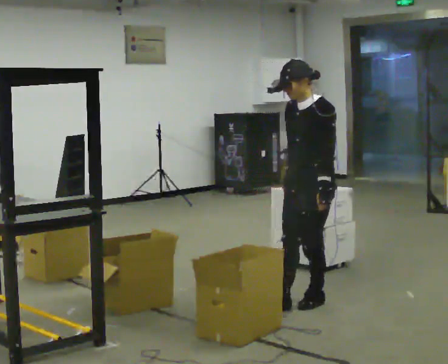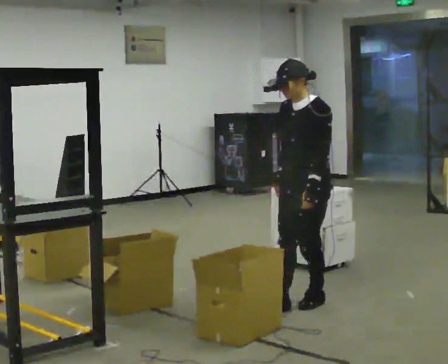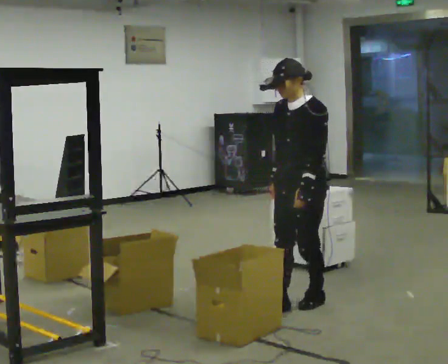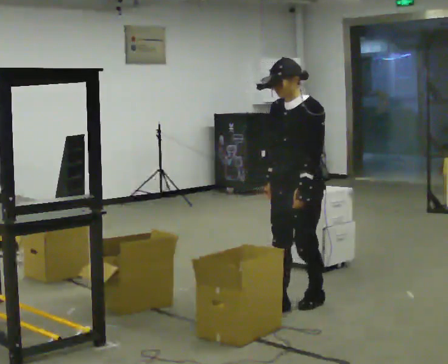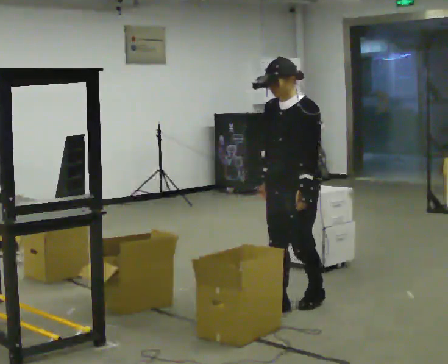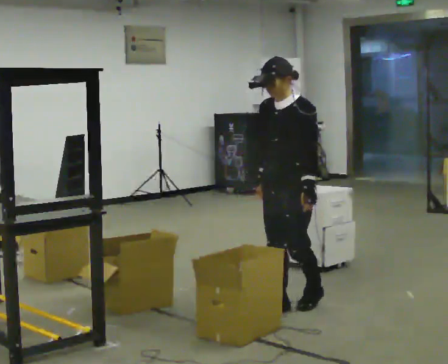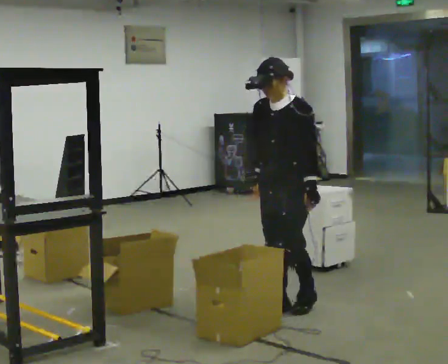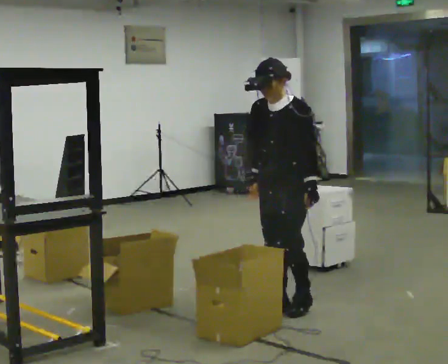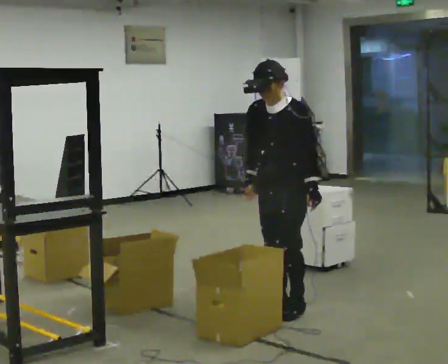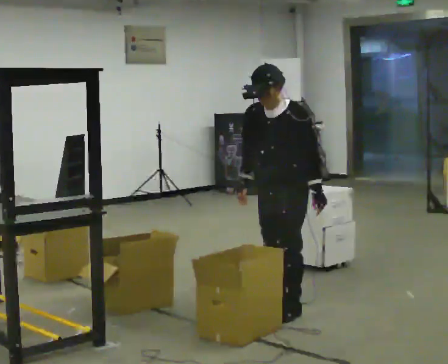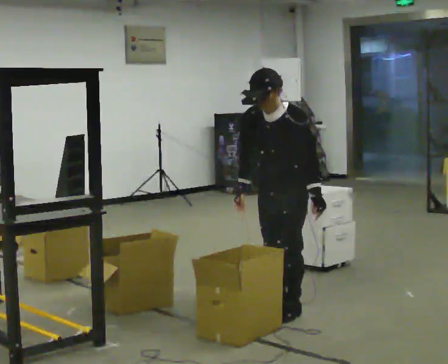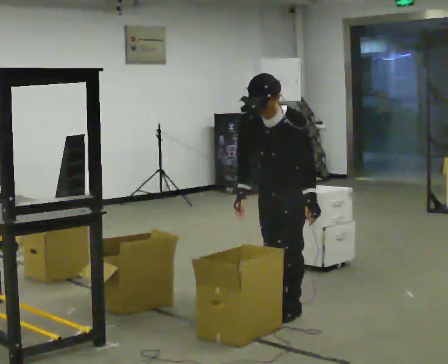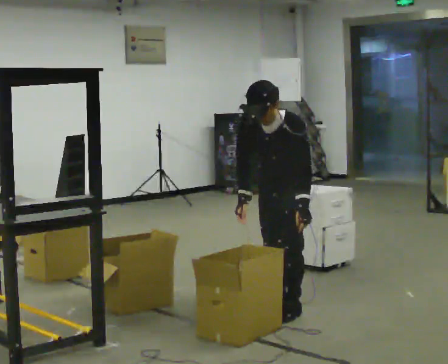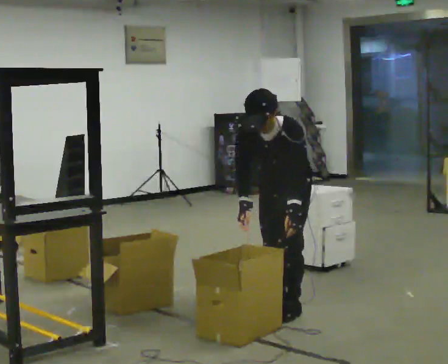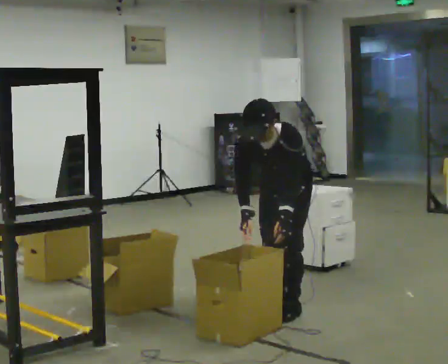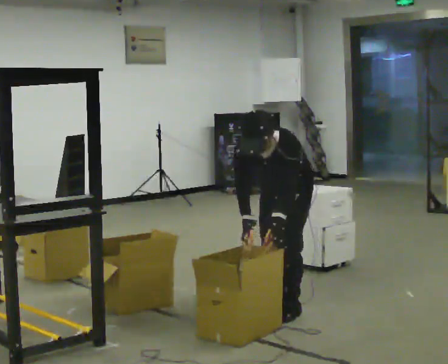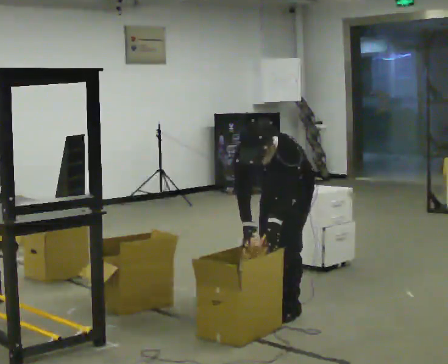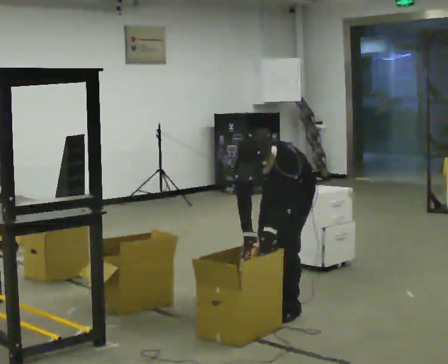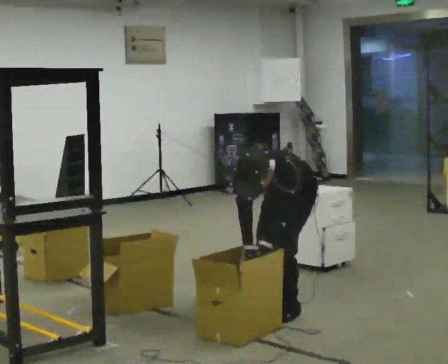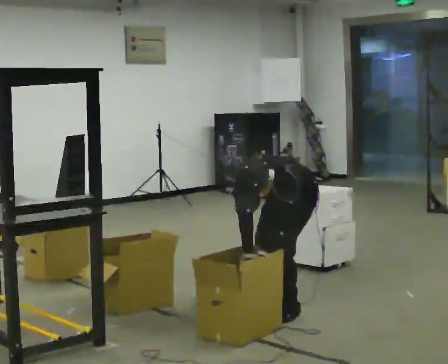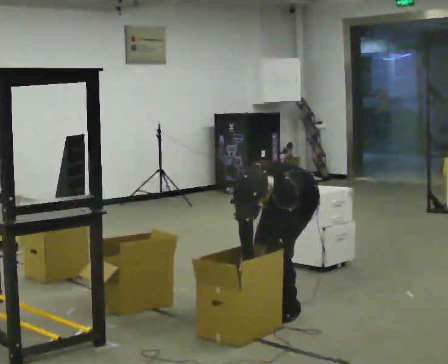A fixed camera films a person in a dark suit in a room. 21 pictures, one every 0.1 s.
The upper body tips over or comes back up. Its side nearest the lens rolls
downward.
The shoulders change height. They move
downward.
0.0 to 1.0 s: In the picture they go to the left, about 0.25 m in 1 step, which for them is forward.
1.0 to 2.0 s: The shoulders move downward. The upper body tips toward the camera, its near side rolling downward, as they bend forward. In the picture their right hand goes downward.
The film runs backward here.
